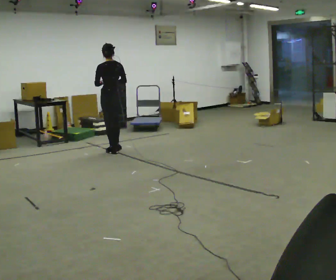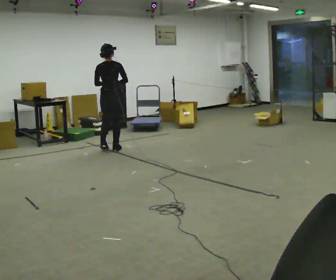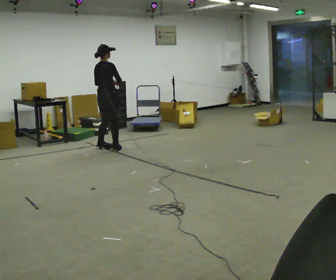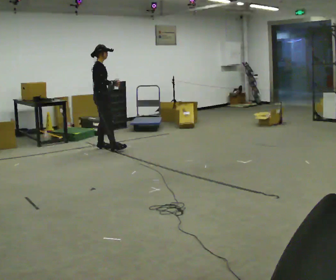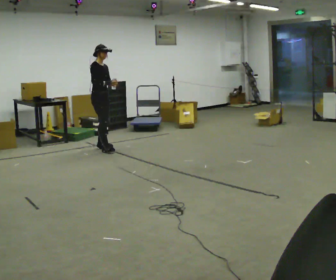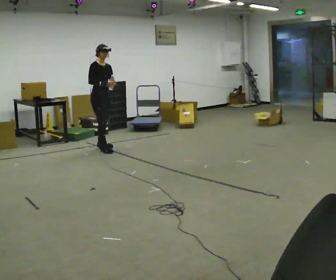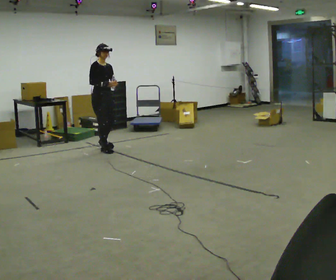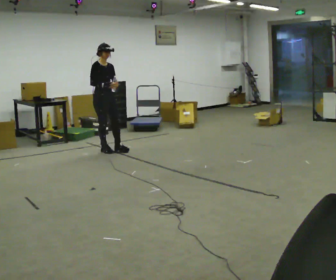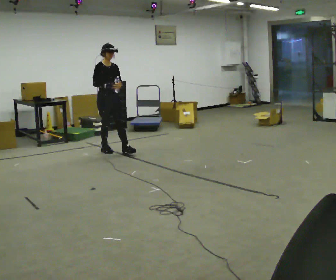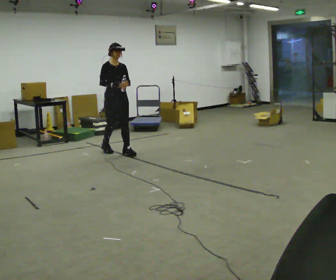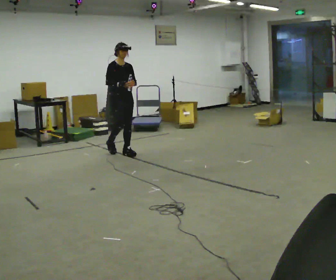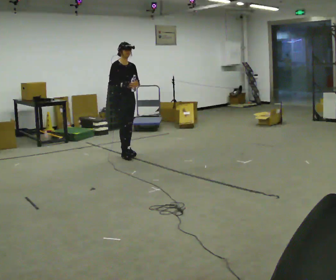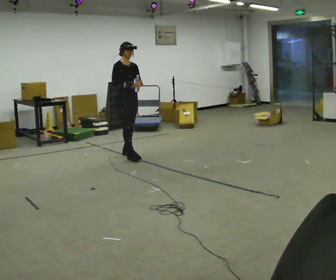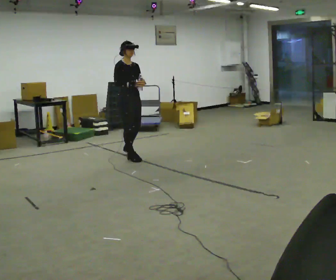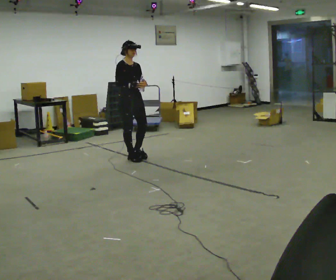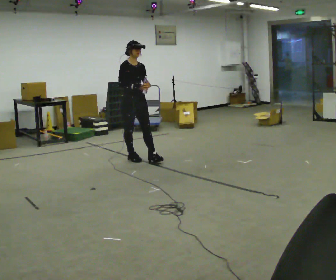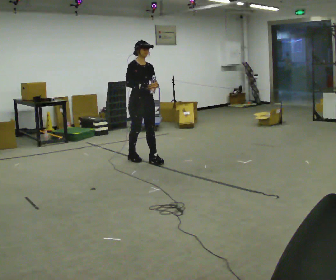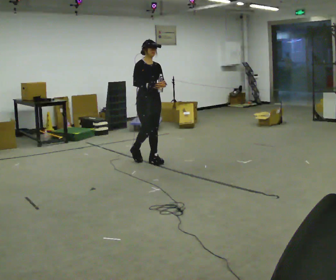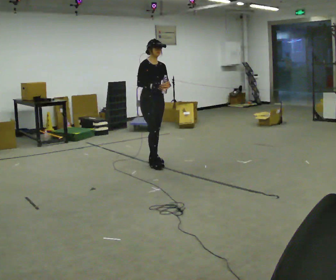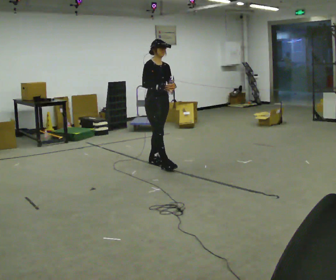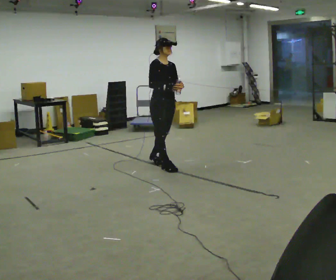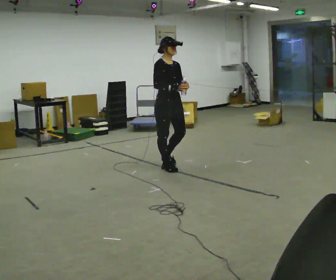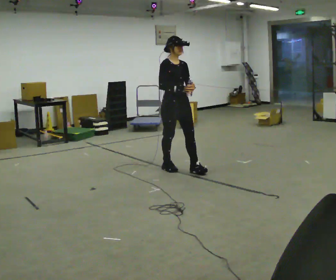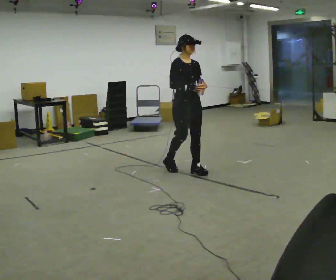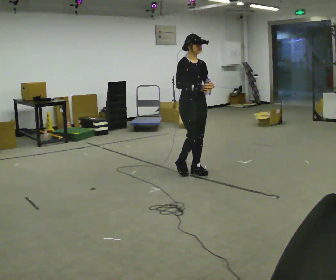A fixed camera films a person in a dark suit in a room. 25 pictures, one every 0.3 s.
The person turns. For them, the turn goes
to their right.
The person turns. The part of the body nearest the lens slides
to the left.
0.0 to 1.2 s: Seen from above the body turns clockwise, about 135 degrees: to their right, with its near side sliding to the left. In the picture they go to the left and away from the camera, about 0.25 m in 2 steps.
1.2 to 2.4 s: In the picture they go toward the camera and to the right, about 0.25 m in 1 step, which for them is forward.
2.4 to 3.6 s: In the picture they go toward the camera and to the right, about 0.25 m in 1 step, which for them is forward.
3.6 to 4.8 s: In the picture they go toward the camera and to the right, about 0.25 m in 1 step, which for them is forward.
4.8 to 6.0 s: In the picture they go toward the camera and to the right, about 0.5 m in 1 step, which for them is forward.
6.0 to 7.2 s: In the picture they go toward the camera and to the right, about 0.5 m in 1 step, which for them is forward.
The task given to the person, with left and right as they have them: Carry the open container of water across the room without spilling it, back and forth.
The film runs forward here.
